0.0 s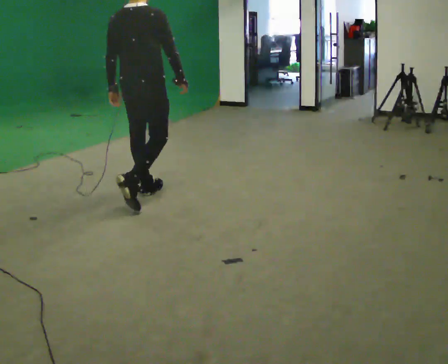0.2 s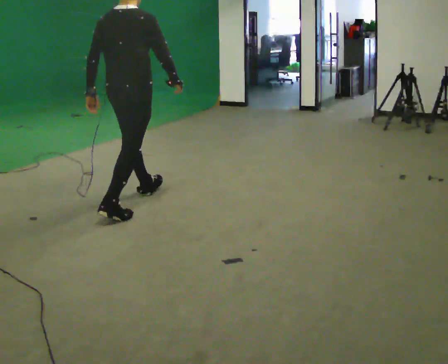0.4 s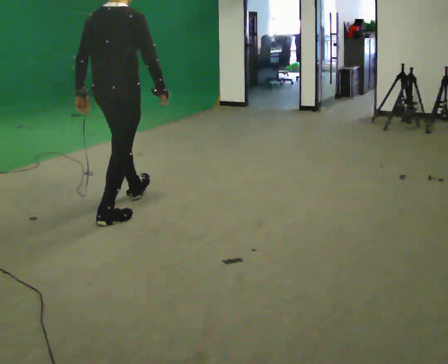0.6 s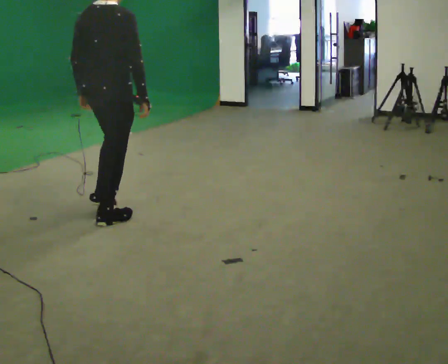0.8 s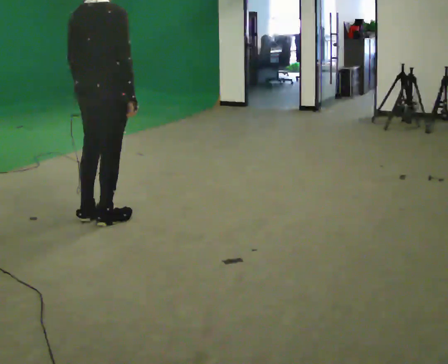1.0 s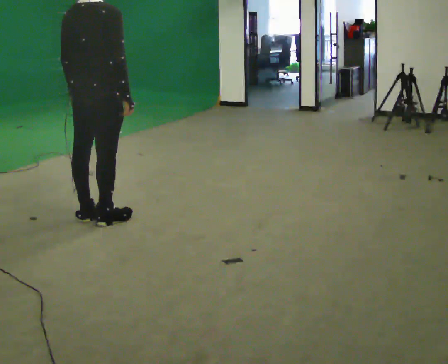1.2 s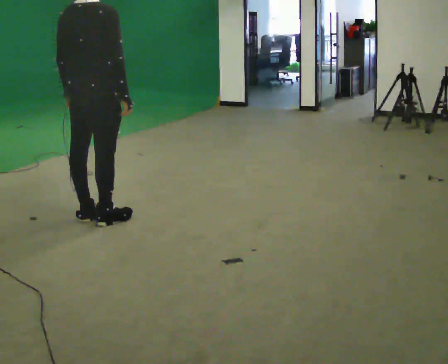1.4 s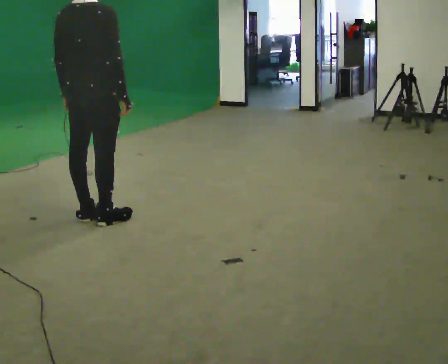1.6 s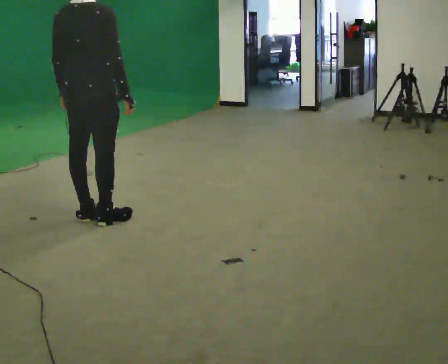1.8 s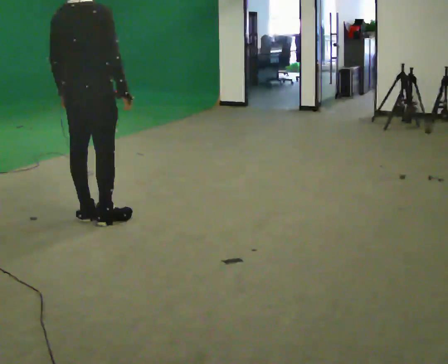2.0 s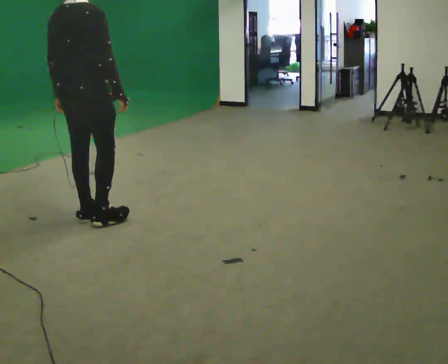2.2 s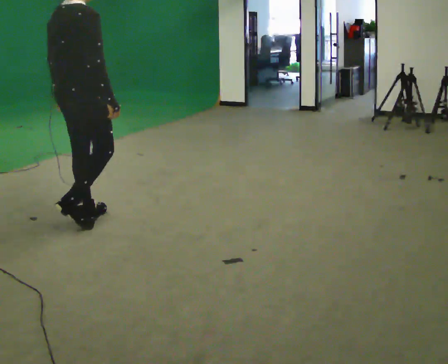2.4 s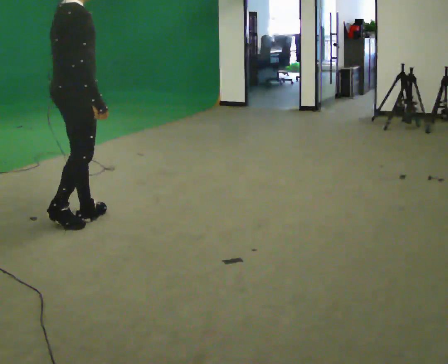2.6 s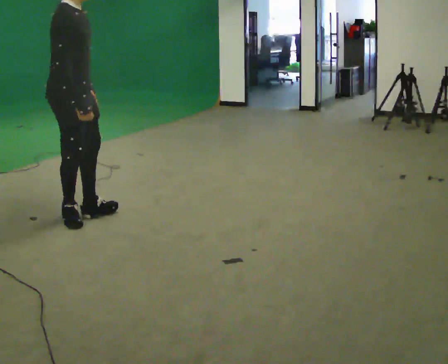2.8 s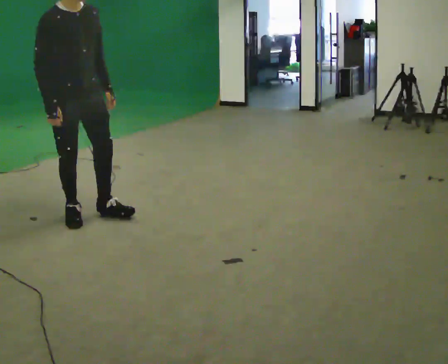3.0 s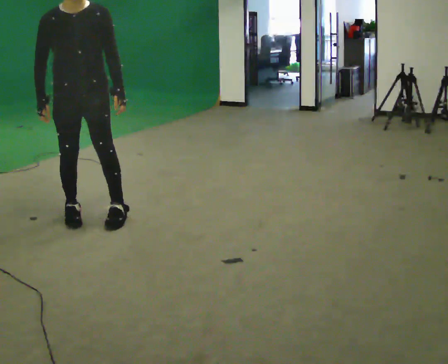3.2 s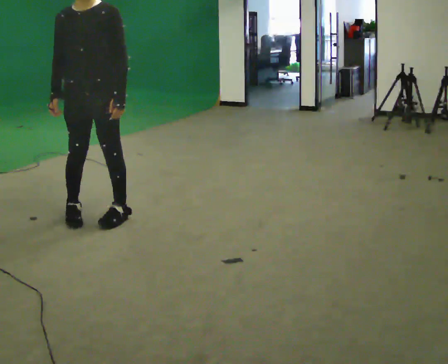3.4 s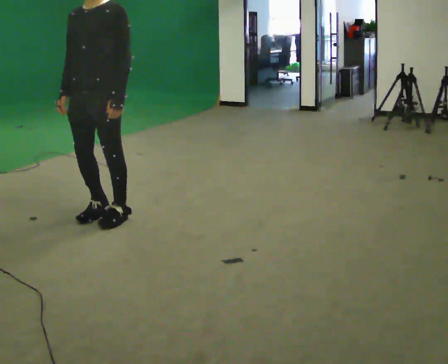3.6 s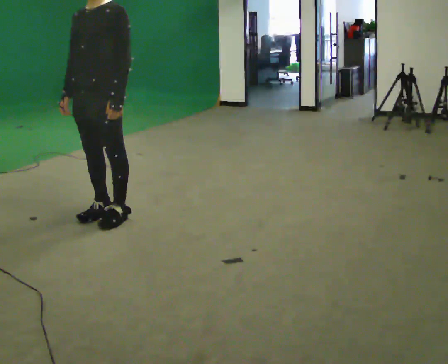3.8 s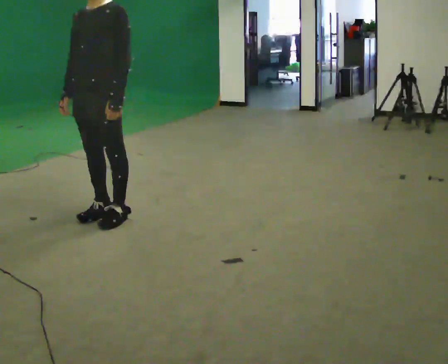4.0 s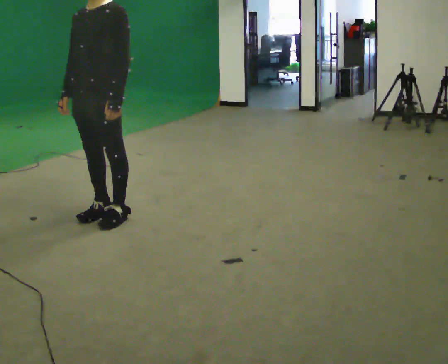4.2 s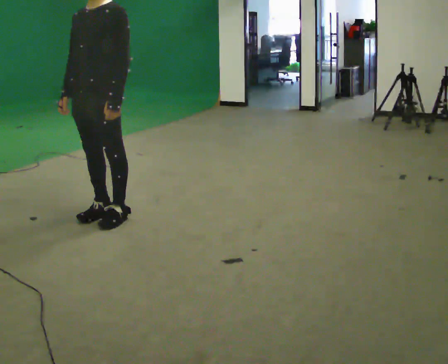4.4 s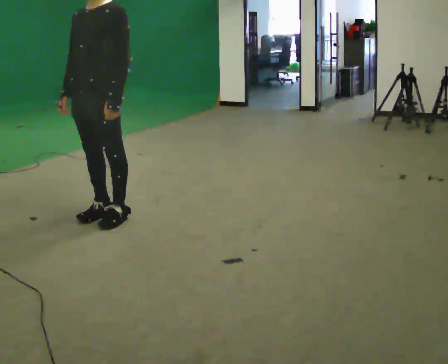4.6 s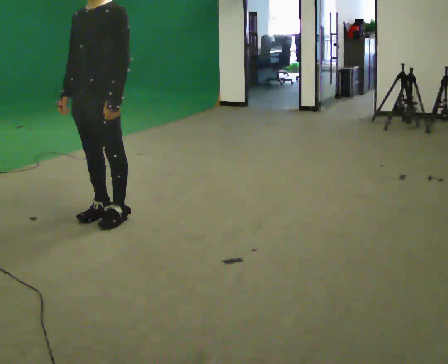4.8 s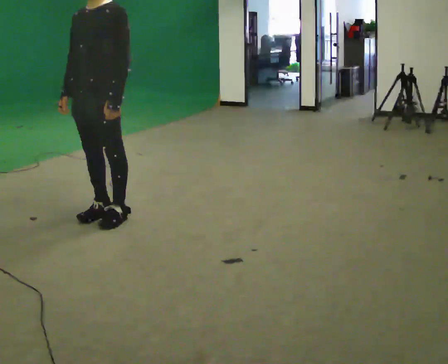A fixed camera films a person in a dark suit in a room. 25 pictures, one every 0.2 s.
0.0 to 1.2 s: In the picture they go toward the camera and to the left, about 0.5 m in 1 step, which for them is backward.
1.2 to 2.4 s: The person moves a little, or ends about where they began.
2.4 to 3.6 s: The part of the body nearest the lens slides to the left as the person turns to their right by about 165 degrees. In the picture they go to the right, about 0.25 m in 2 steps. In the picture their left hand goes to the right.
3.6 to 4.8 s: The person keeps their place and pose.
The film runs backward here.
